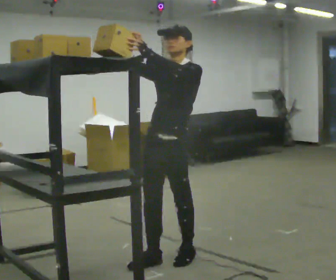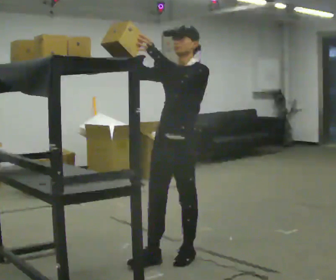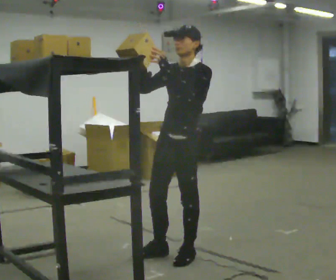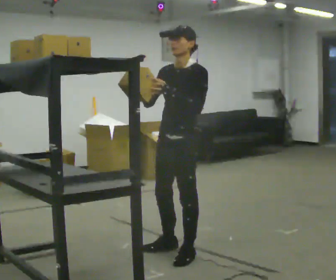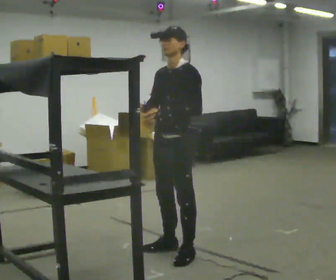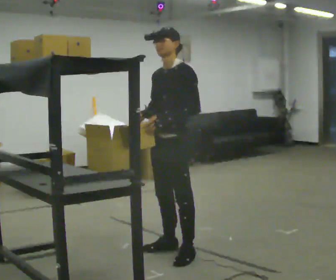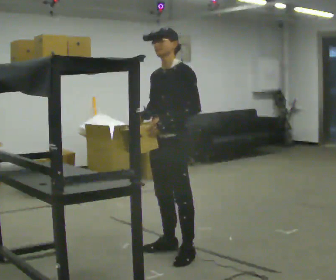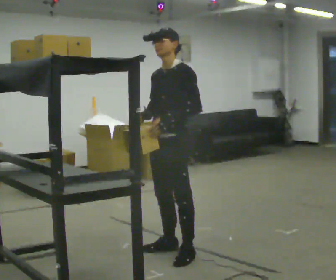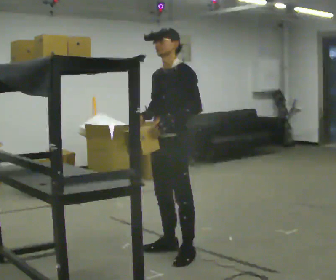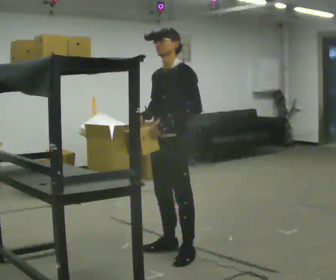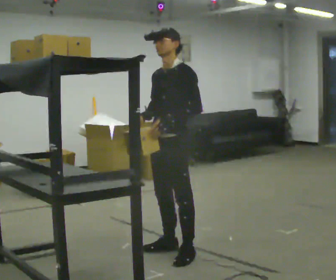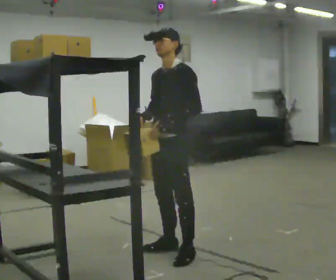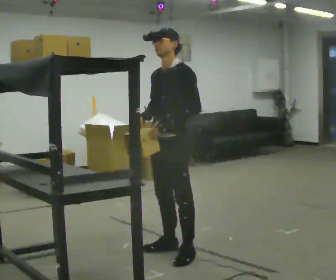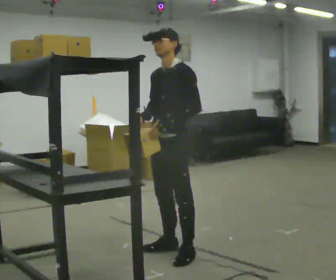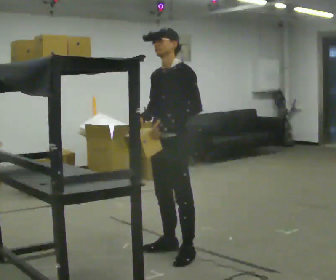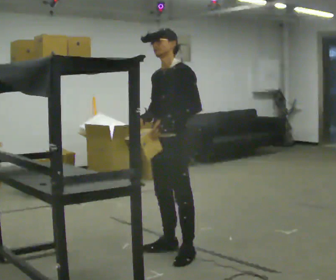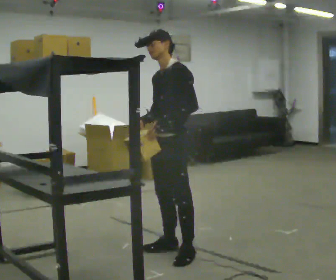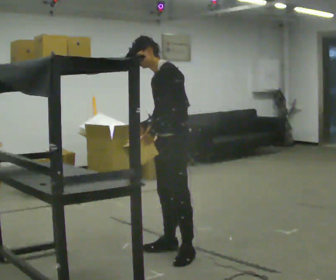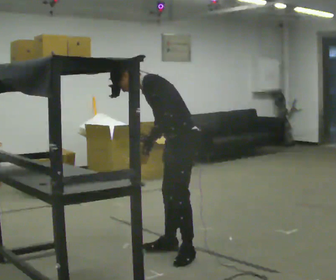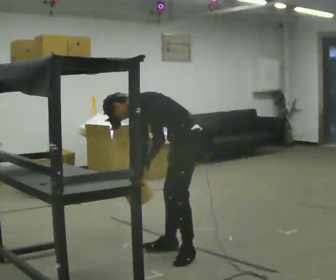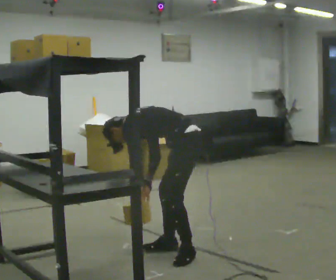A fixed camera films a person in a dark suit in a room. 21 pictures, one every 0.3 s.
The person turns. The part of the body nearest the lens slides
to the left.
The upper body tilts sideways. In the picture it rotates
counterclockwise.
0.0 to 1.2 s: In the picture they go away from the camera, about 0.25 m in 1 step, which for them is backward. In the picture their right hand goes downward, the arm swinging counterclockwise.
1.2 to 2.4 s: The person moves a little, or ends about where they began.
2.4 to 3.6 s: The person keeps their place and pose.
3.6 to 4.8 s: The person moves a little, or ends about where they began.
4.8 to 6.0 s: Seen from above the body turns clockwise, about 45 degrees: to their right, with its near side sliding to the left. The shoulders move downward. In the picture the upper body tilts counterclockwise, shoulders to the left, as they bend forward. In the picture their right hand goes downward.
The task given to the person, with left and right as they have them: Place the object on the shelf just at the top of your comfortable reach. Repeat at your own pace until the operator says stop. Keep both feet on the marked spots for the whole take. If you have to step, stop and tell the operator.
The film runs forward here.
